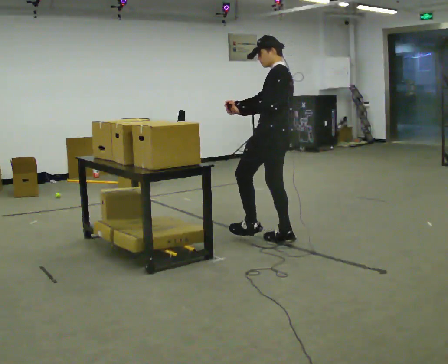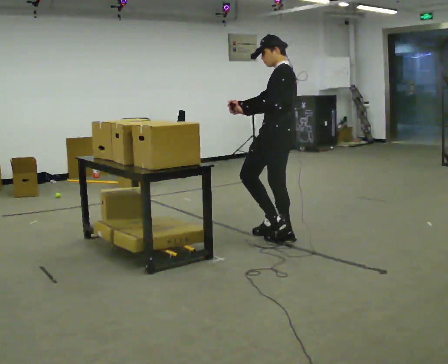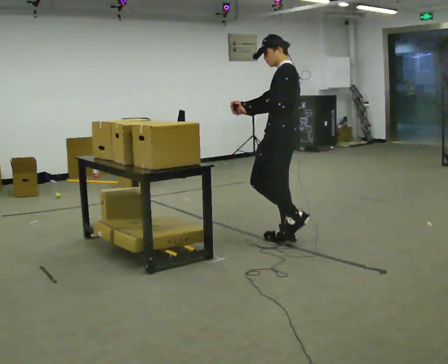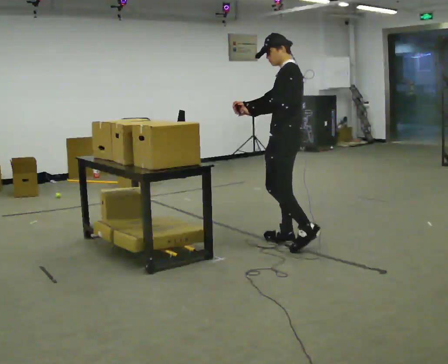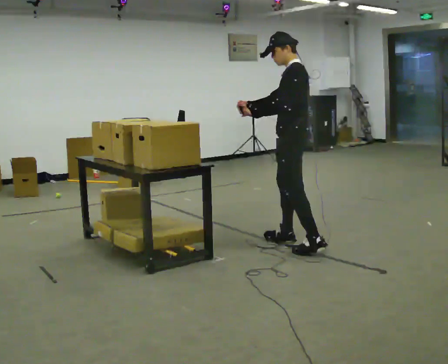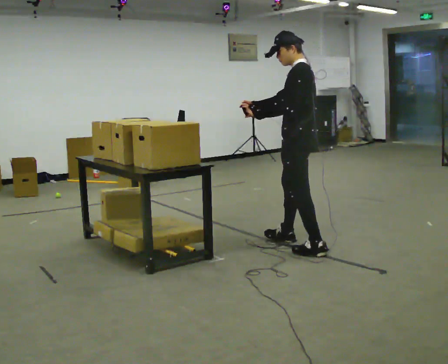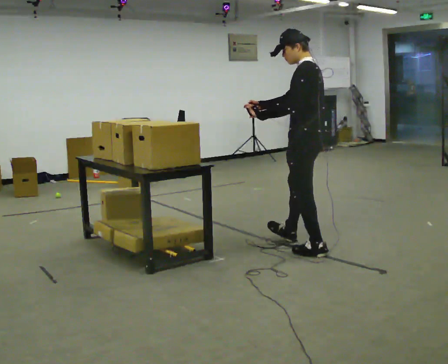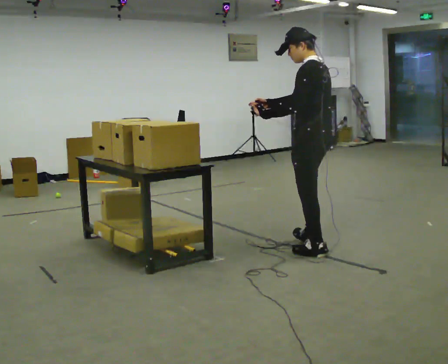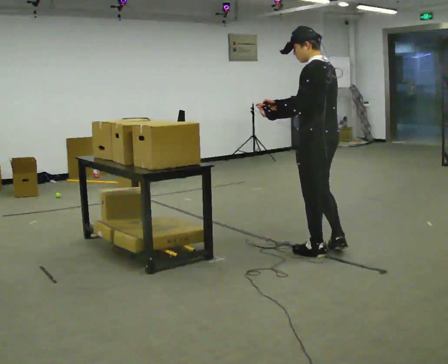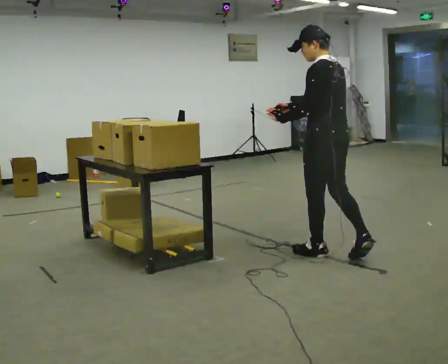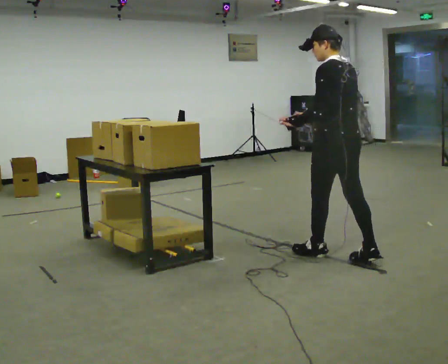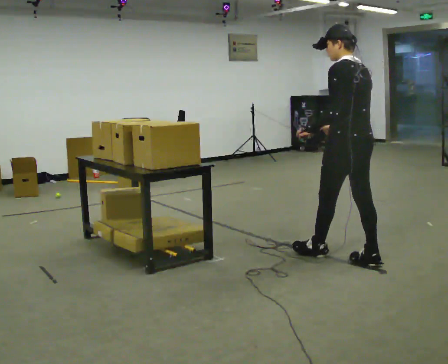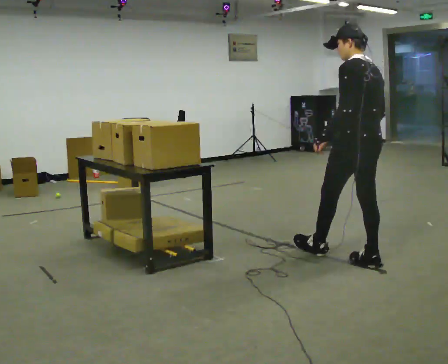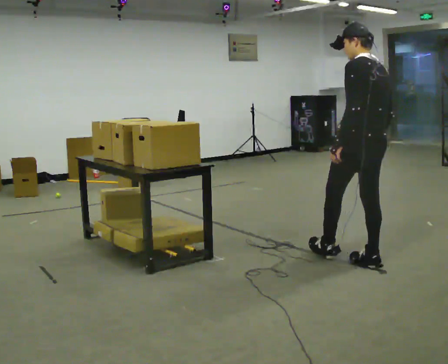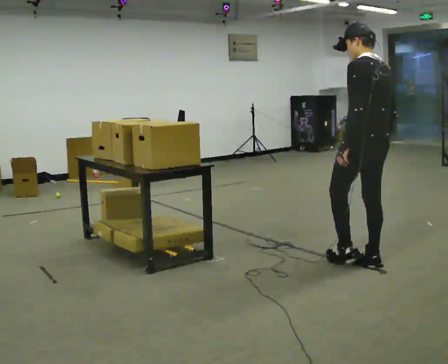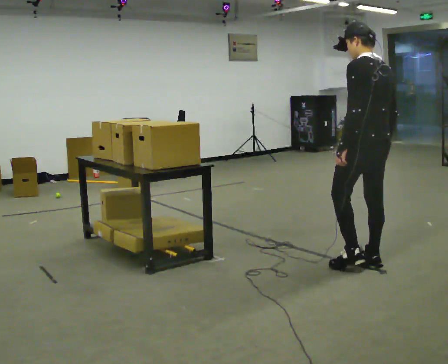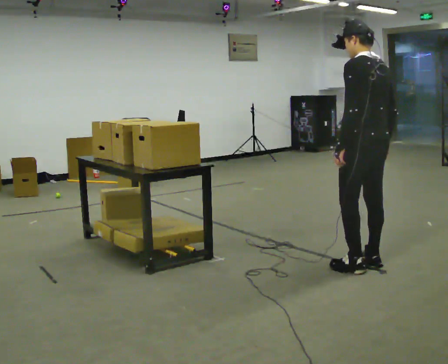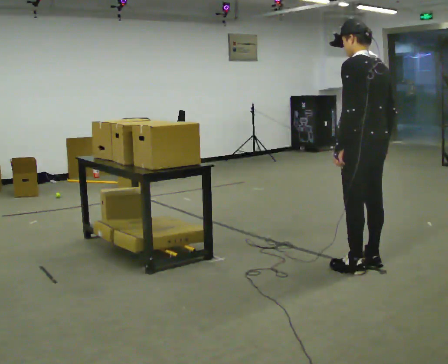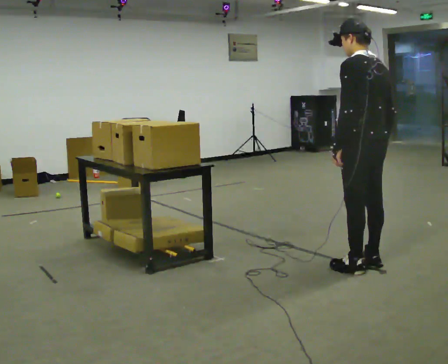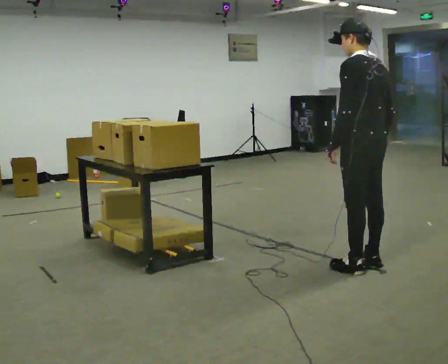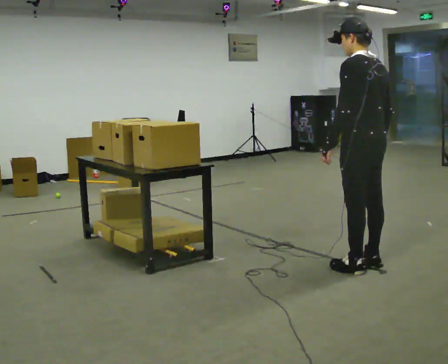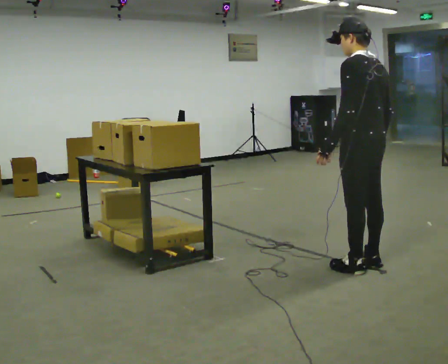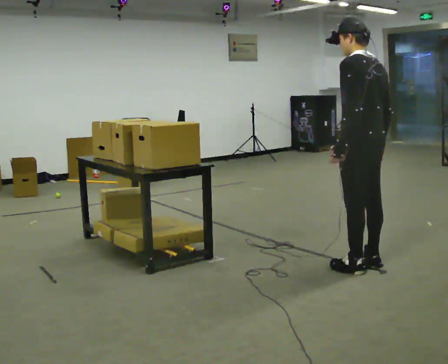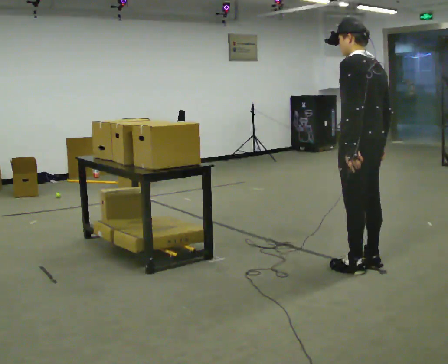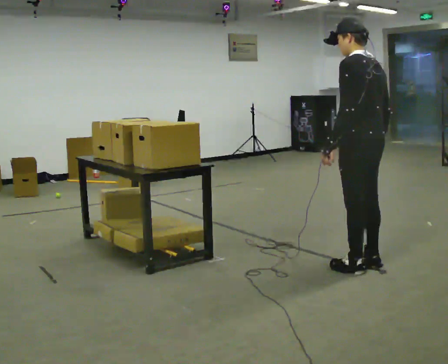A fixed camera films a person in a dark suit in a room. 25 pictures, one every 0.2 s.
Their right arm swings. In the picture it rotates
counterclockwise.
0.0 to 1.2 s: In the picture they go to the right and toward the camera, about 0.5 m in 1 step, which for them is backward and to their left.
1.2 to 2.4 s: The person turns about 30 degrees to their right, clockwise seen from above, so the part of the body nearest the lens slides to the left. In the picture they go to the right and toward the camera, about 0.5 m, which for them is backward.
2.4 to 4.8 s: In the picture they go toward the camera, about 0.25 m in 1 step, which for them is backward.
The film runs backward here.
